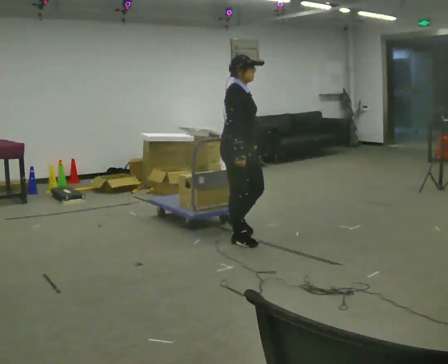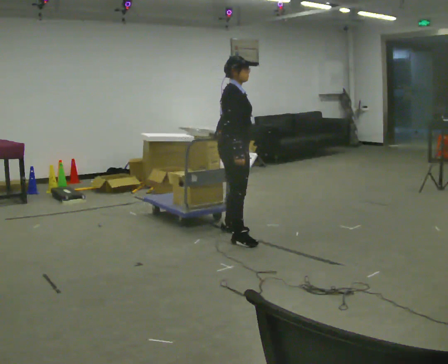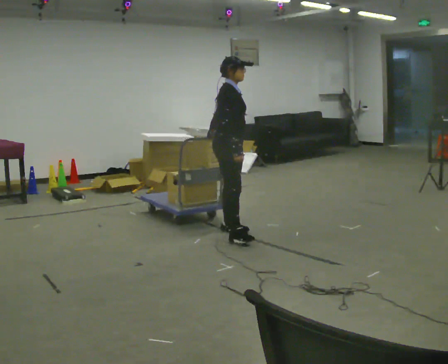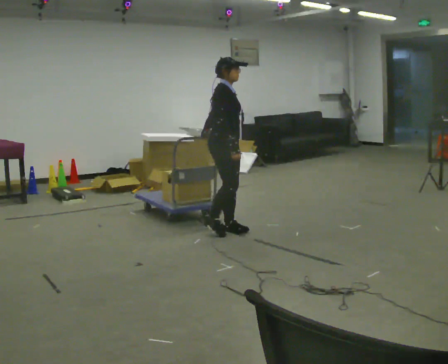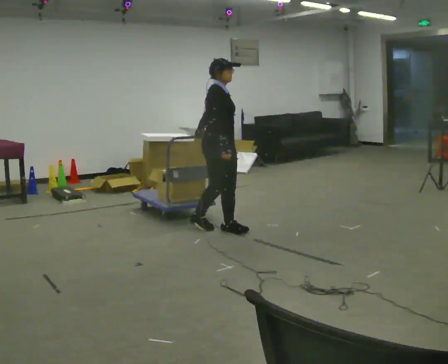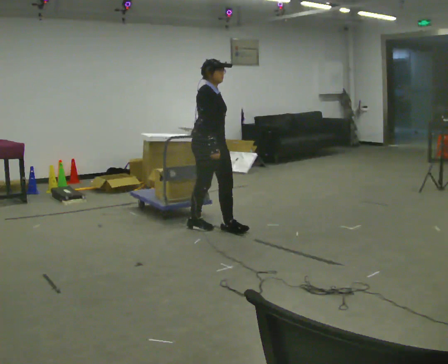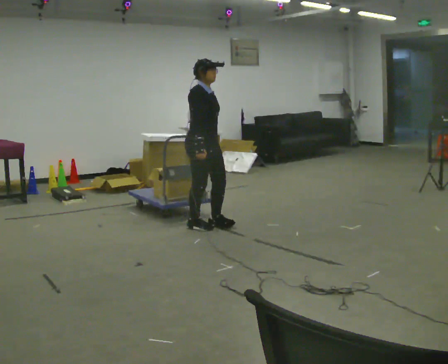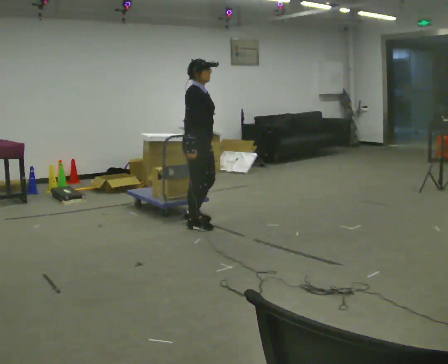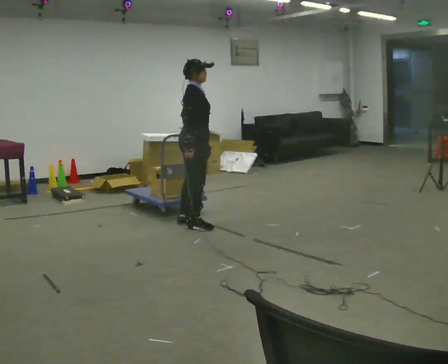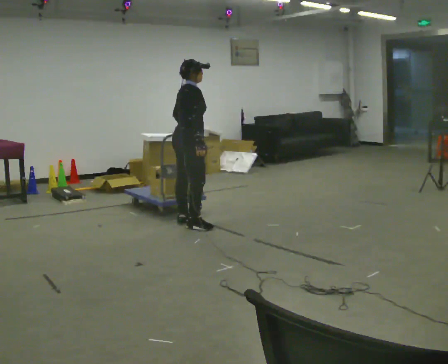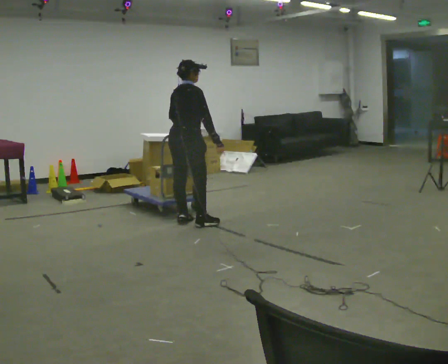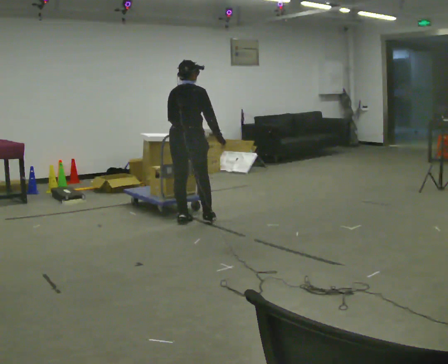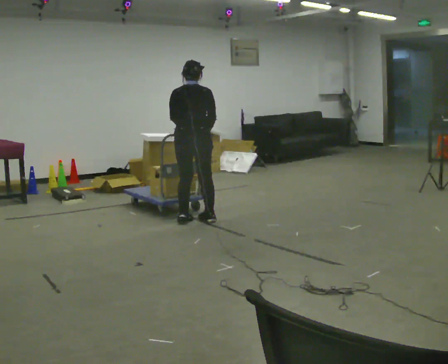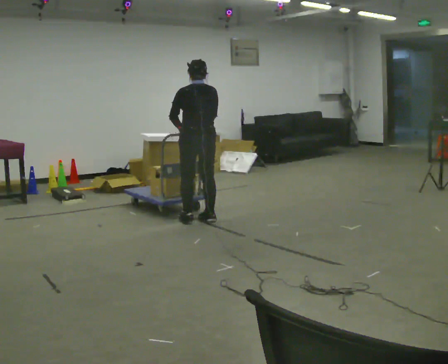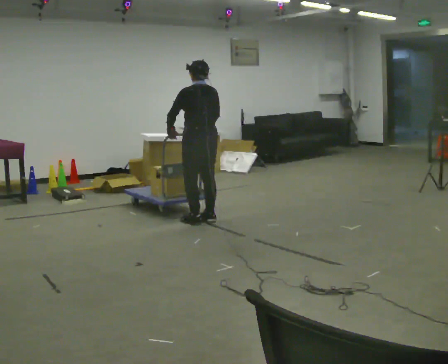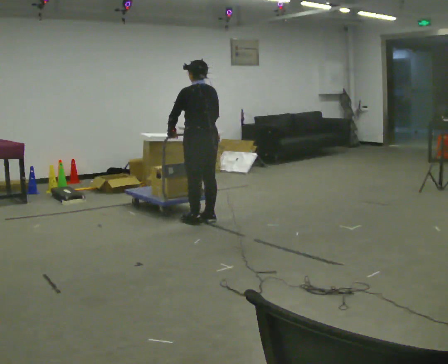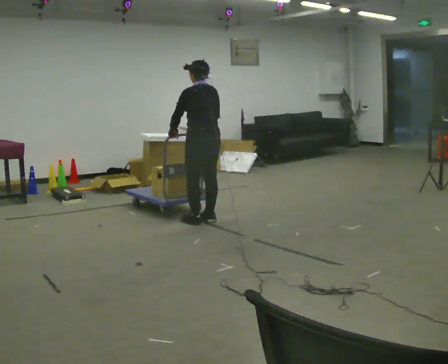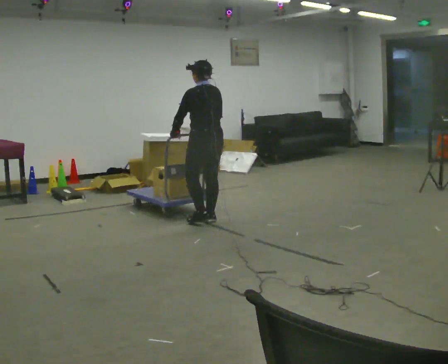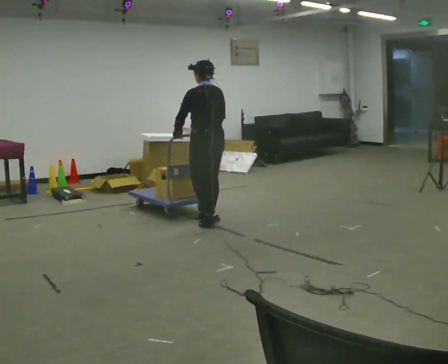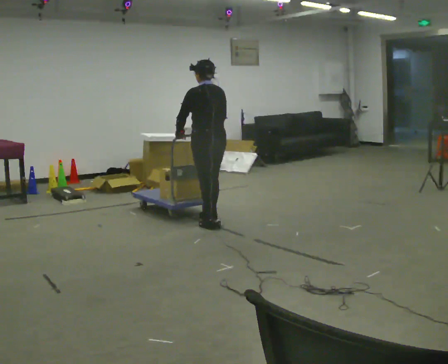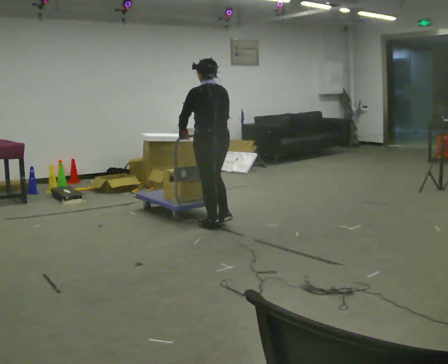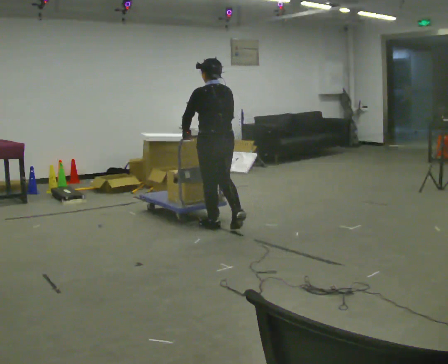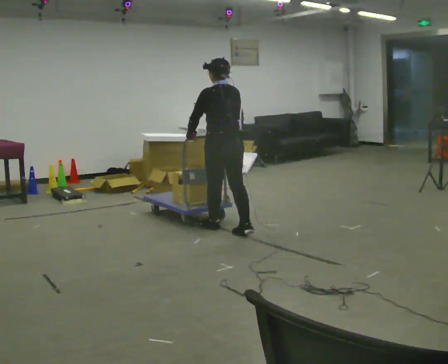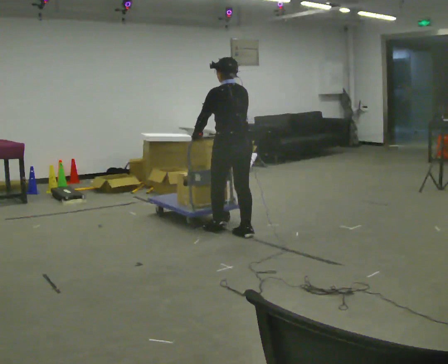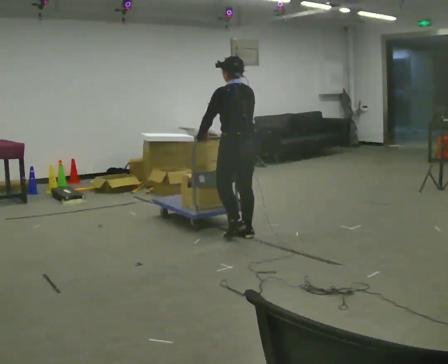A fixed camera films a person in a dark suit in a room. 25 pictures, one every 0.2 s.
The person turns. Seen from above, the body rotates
counterclockwise.
The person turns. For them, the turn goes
to their left.
0.0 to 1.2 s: In the picture they go away from the camera and to the left, about 0.5 m in 2 steps, which for them is backward and to their left.
1.2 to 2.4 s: Seen from above the body turns counterclockwise, about 105 degrees: to their left, with its near side sliding to the right. In the picture they go away from the camera, about 0.25 m in 1 step.
2.4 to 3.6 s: The part of the body nearest the lens slides to the right as the person turns to their left by about 45 degrees. In the picture they go to the right, about 0.25 m in 1 step, which for them is backward.
3.6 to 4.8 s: In the picture they go toward the camera and to the right, about 0.5 m in 2 steps, which for them is backward.
The film runs backward here.
